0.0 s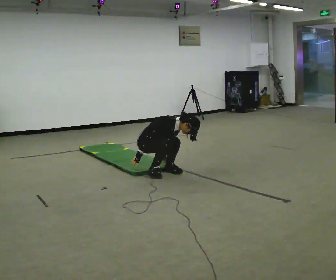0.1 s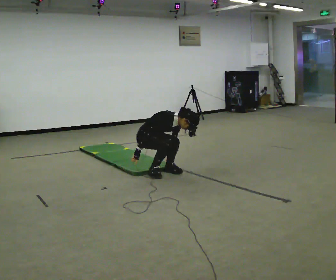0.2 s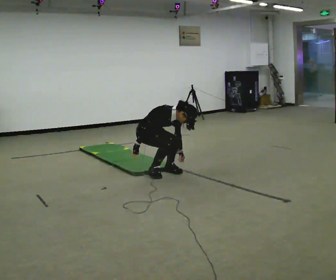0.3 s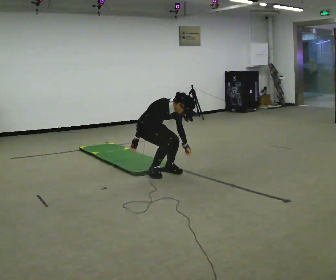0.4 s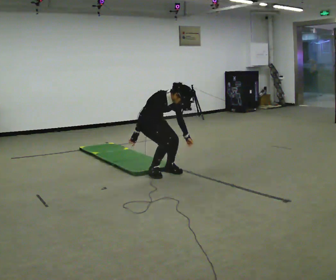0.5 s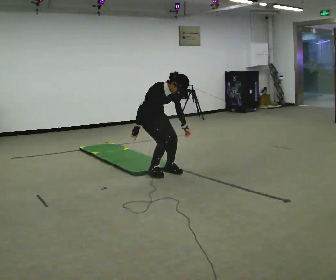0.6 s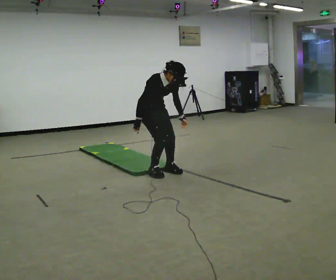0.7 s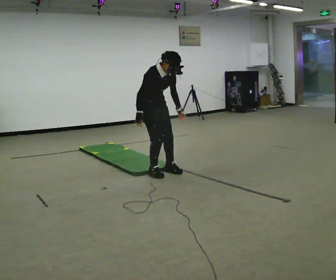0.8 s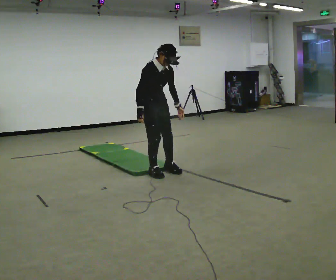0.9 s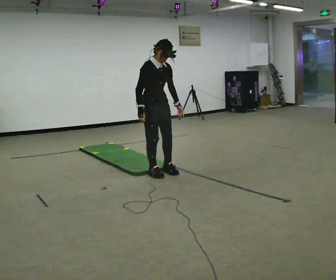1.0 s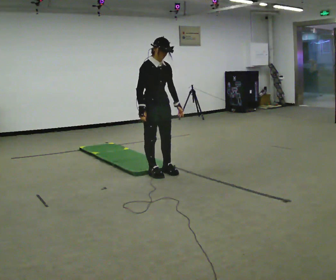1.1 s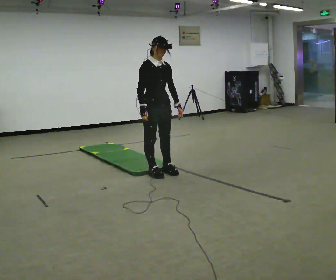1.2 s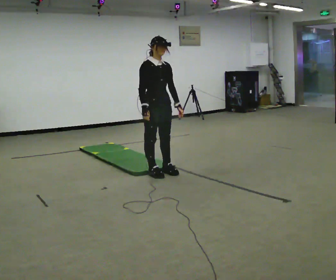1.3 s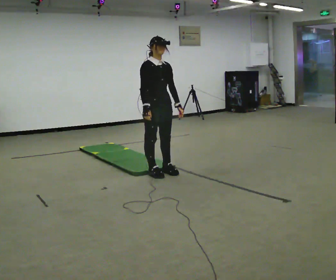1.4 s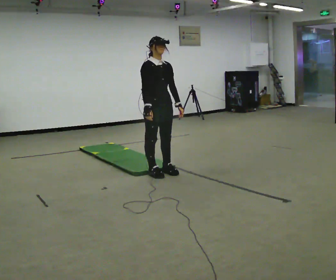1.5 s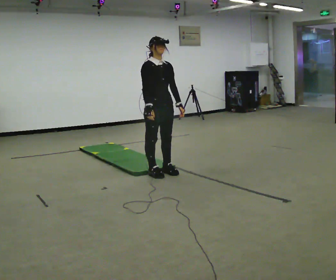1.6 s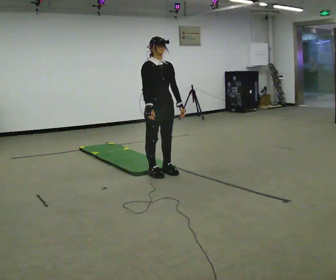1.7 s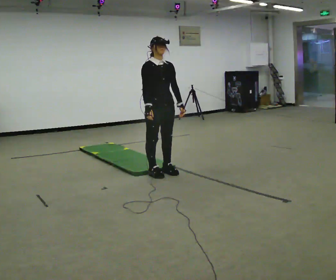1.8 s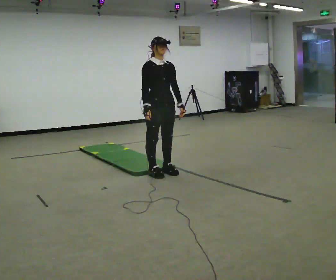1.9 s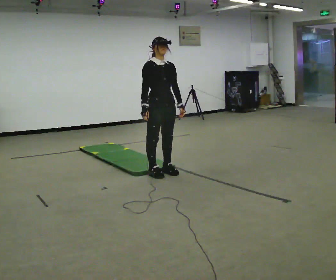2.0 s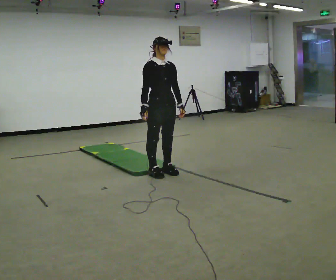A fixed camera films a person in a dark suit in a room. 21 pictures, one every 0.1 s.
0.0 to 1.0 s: In the picture they go toward the camera, about 0.25 m, which for them is forward. The shoulders move upward. In the picture the upper body tilts counterclockwise, shoulders to the left, as they lean back or straighten. In the picture their left hand goes upward.
1.0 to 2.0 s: The person moves a little, or ends about where they began.
The film runs forward here.
